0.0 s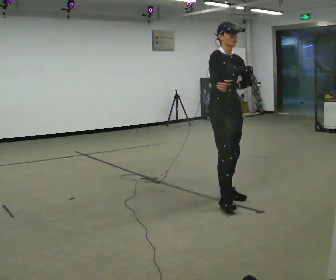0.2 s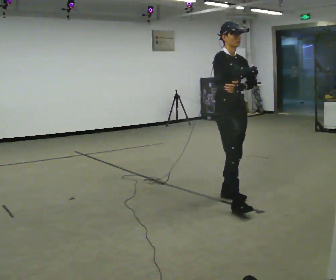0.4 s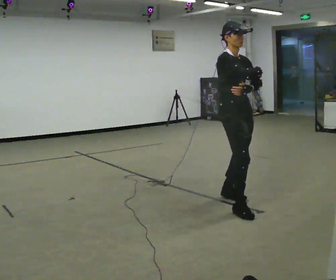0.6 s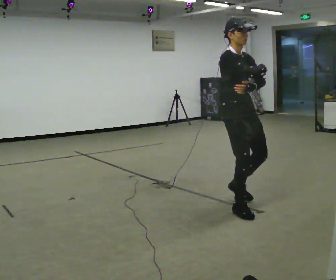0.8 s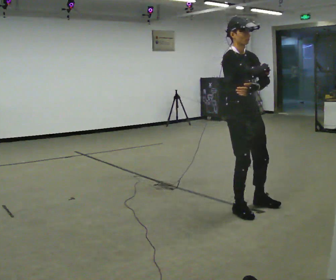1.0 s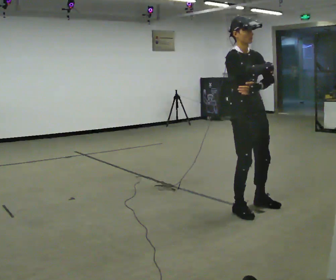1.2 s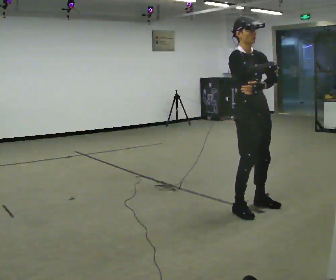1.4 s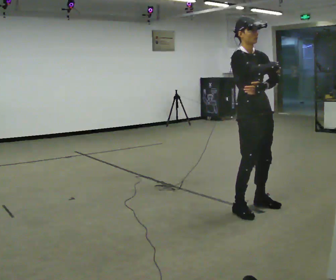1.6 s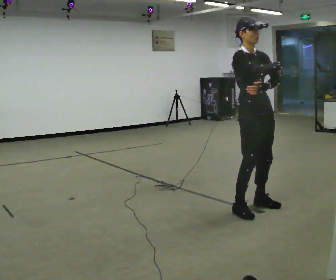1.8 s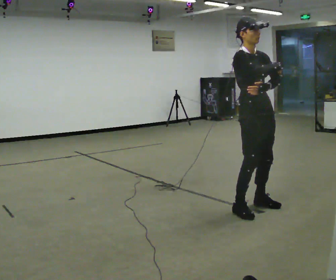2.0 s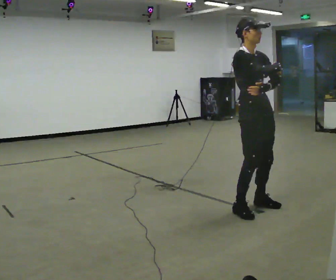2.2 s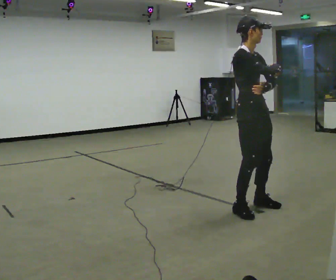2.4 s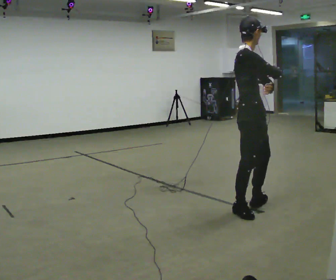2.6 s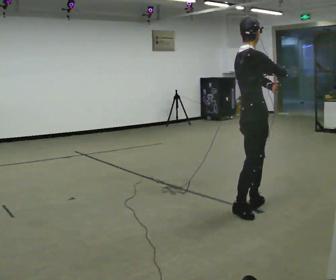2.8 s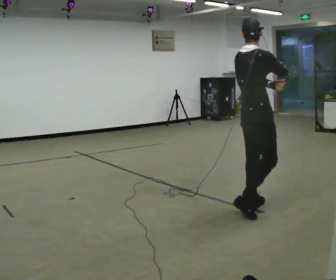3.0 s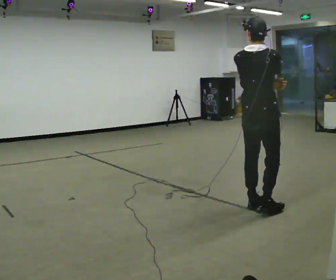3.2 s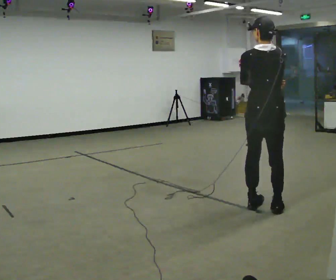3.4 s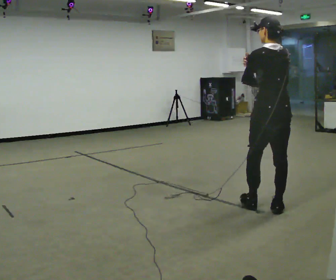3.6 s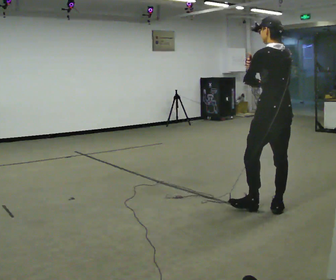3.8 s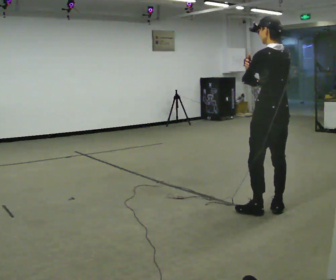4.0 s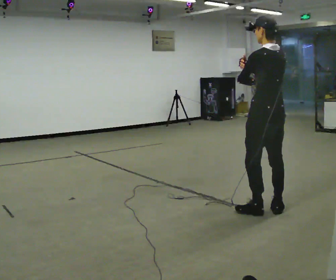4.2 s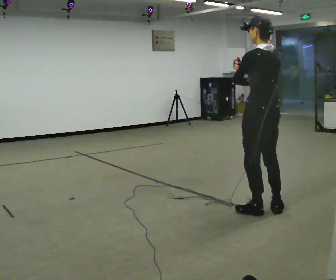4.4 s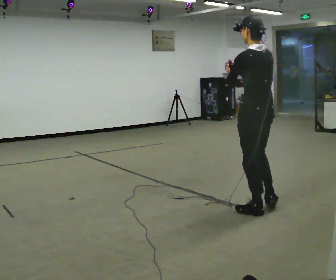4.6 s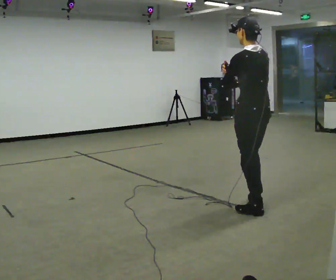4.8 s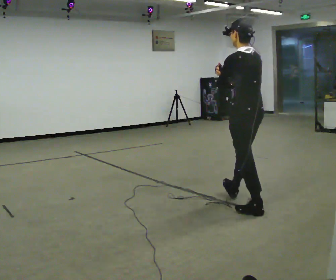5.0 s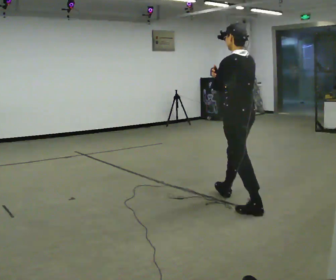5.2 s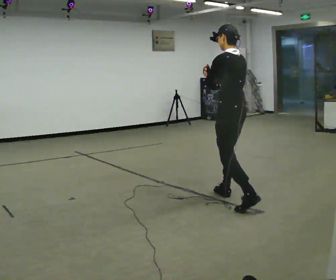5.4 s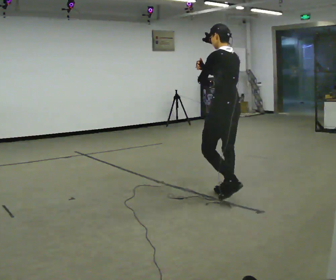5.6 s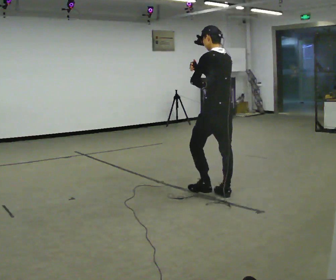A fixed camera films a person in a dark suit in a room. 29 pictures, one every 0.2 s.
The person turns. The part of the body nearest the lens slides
to the right.
The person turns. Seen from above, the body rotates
counterclockwise.
0.0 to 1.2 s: In the picture they go toward the camera and to the right, about 0.5 m in 2 steps, which for them is forward.
1.2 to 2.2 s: The person moves a little, or ends about where they began.
2.2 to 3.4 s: The part of the body nearest the lens slides to the right as the person turns to their left by about 135 degrees. In the picture they go to the right, about 0.25 m in 1 step.
3.4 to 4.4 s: The person moves a little, or ends about where they began.
4.4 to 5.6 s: In the picture they go away from the camera and to the left, about 0.75 m in 1 step, which for them is forward.
The film runs forward here.
